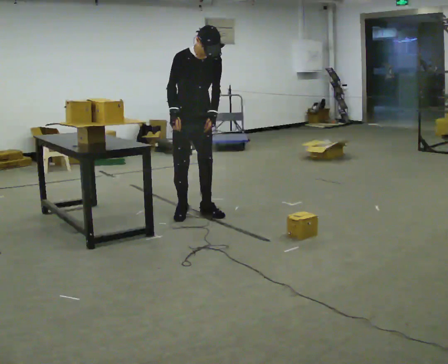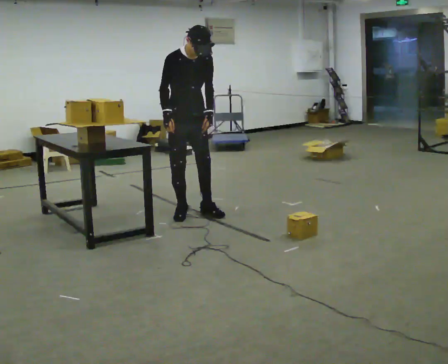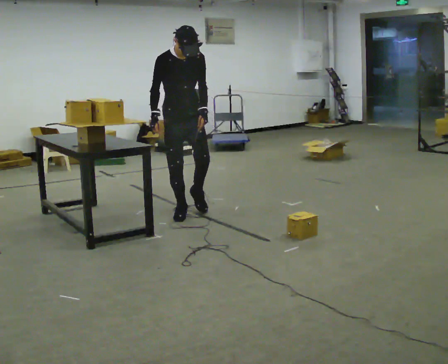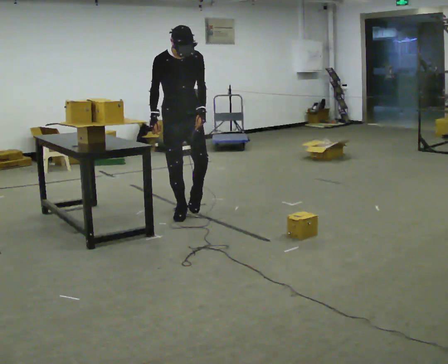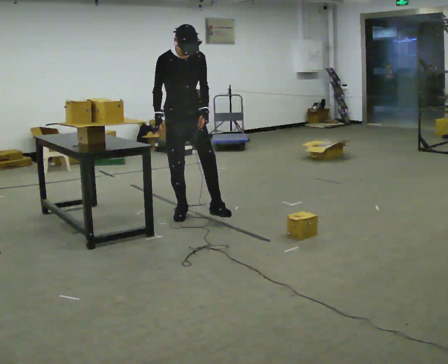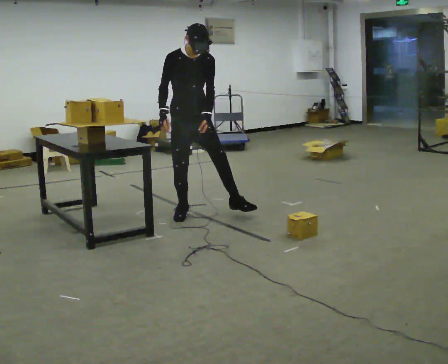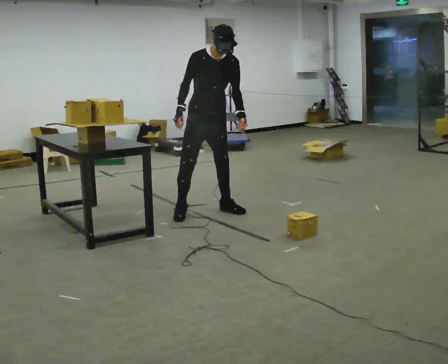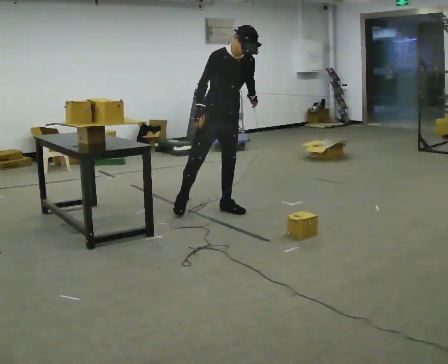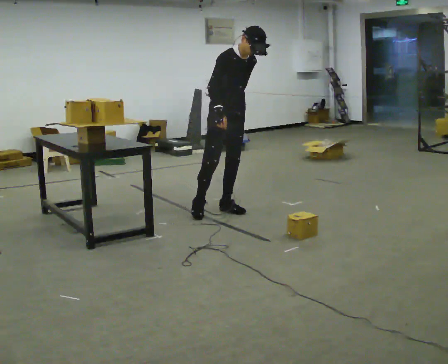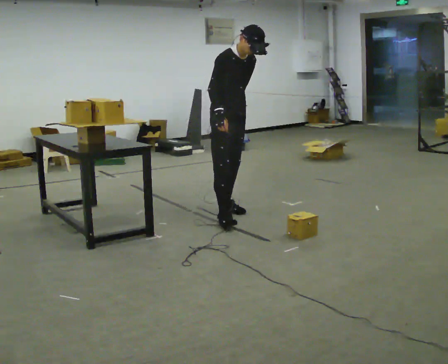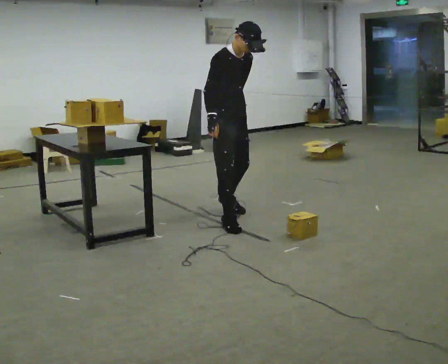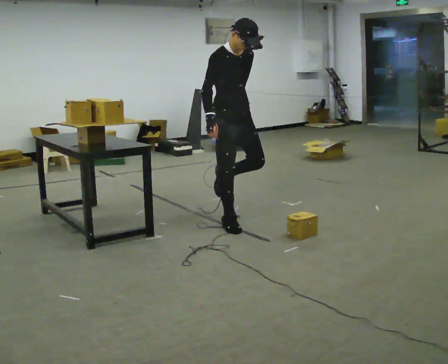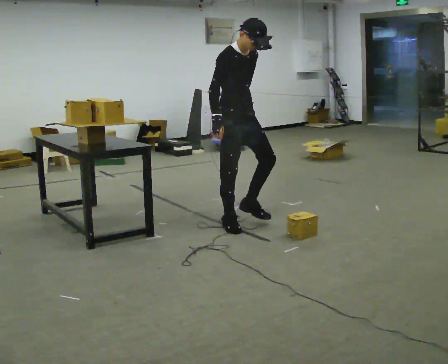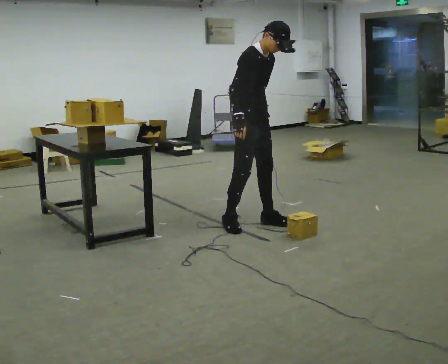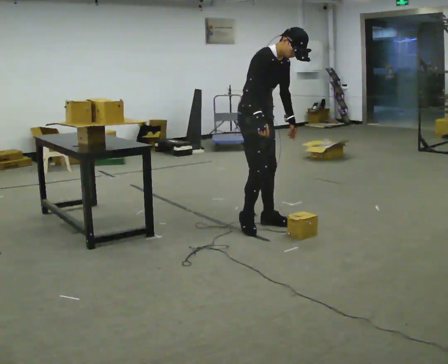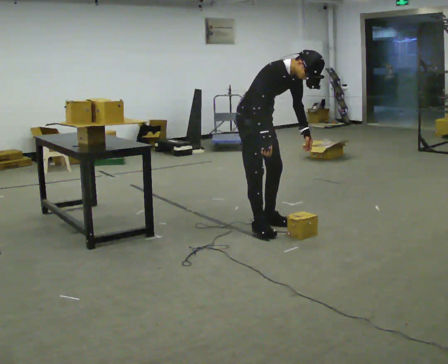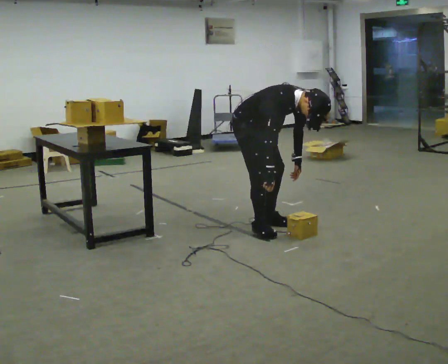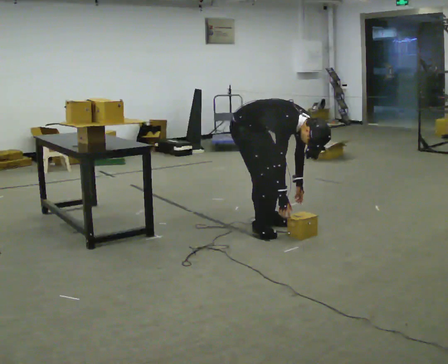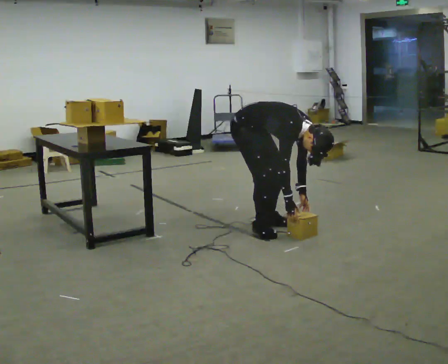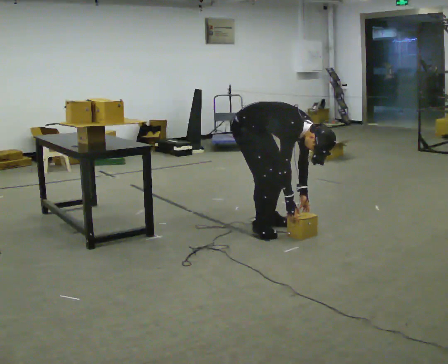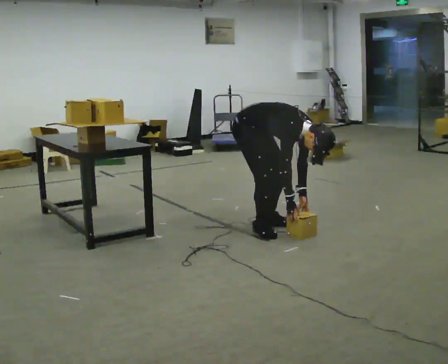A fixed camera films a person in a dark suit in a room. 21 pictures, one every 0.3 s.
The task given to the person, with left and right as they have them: Carry the object over and set it down on the wobbly board without tipping it over. Keep going until the operator says stop; one object at a time, and do not rush between trips.
0.0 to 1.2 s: The person moves a little, or ends about where they began.
1.2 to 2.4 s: In the picture they go to the right, about 0.5 m in 1 step, which for them is to their left. In the picture the upper body tilts clockwise, shoulders to the right.
2.4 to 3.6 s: In the picture they go toward the camera, about 0.5 m in 1 step, which for them is forward and to their right.
3.6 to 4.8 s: The upper body goes downward. In the picture the upper body tilts clockwise, shoulders to the right, as they bend forward. In the picture their left hand goes to the right and downward.
4.8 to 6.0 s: The shoulders move downward. The upper body tips toward the camera, its near side rolling downward, as they bend forward.
The film runs forward here.
